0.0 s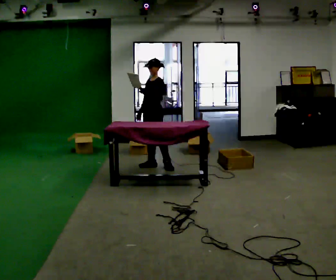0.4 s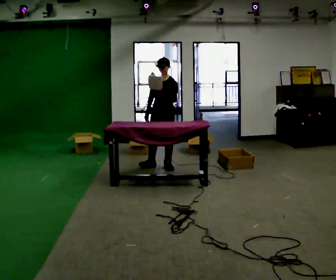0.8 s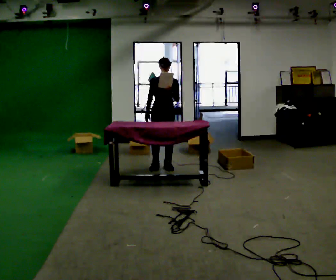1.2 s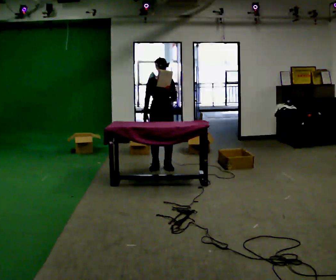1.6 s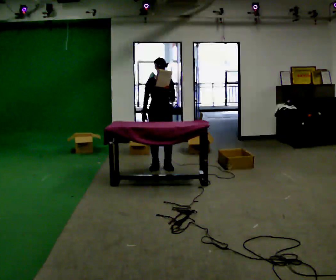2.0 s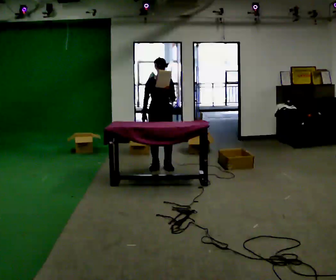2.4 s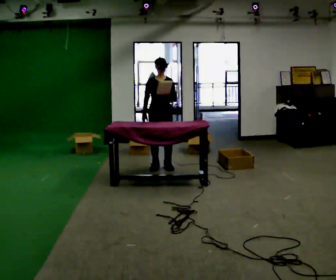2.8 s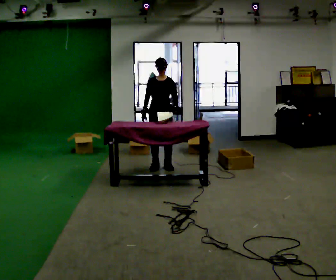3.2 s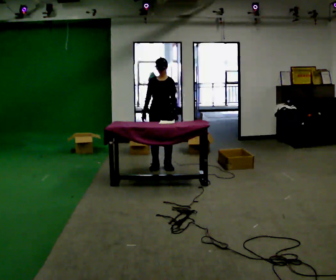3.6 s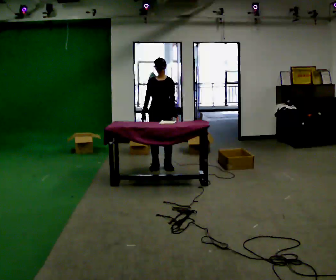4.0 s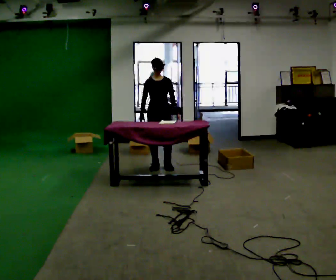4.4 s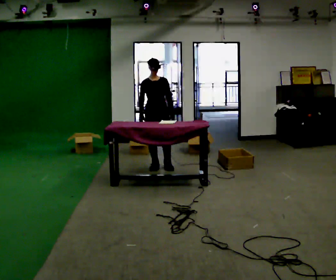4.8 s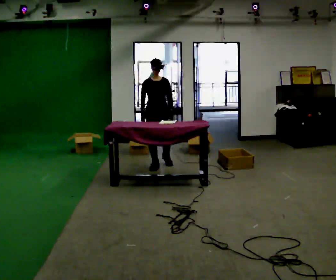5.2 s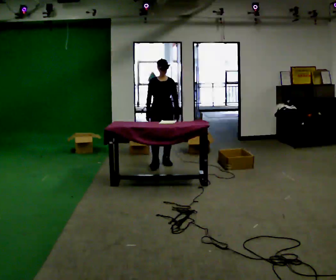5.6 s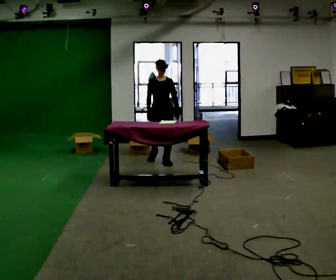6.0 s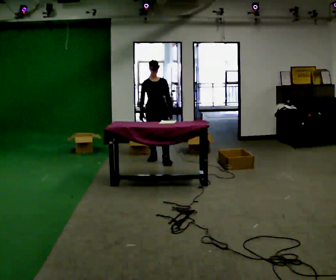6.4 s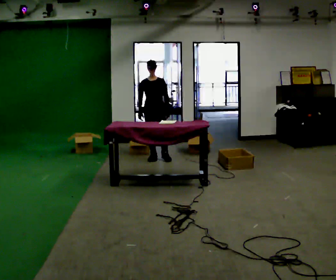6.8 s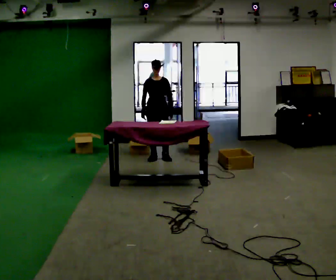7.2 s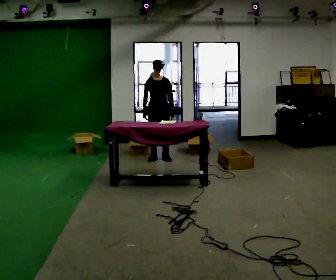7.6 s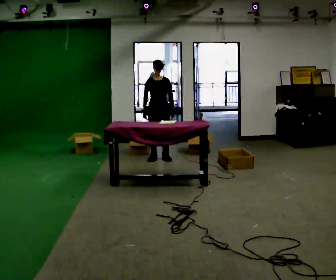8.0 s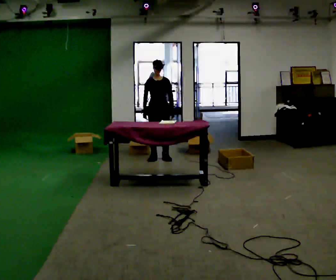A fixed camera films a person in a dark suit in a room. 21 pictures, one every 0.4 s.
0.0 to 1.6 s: The part of the body nearest the lens slides to the right as the person turns to their left by about 60 degrees. In the picture their left hand goes to the right.
1.6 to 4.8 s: In the picture their left hand goes downward.
4.8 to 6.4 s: In the picture they go away from the camera, about 0.5 m in 2 steps, which for them is backward.
6.4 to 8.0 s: The person moves a little, or ends about where they began.
The film runs backward here.
